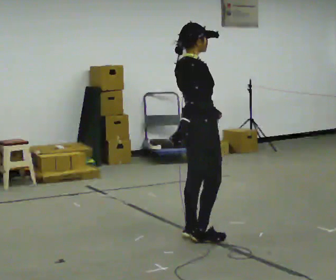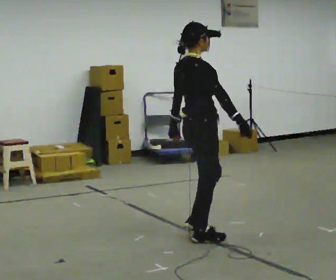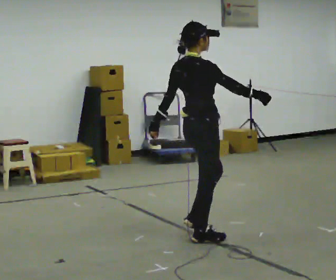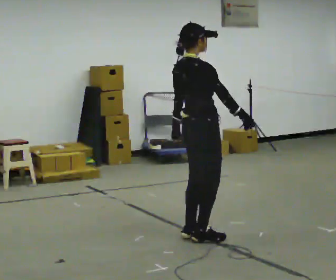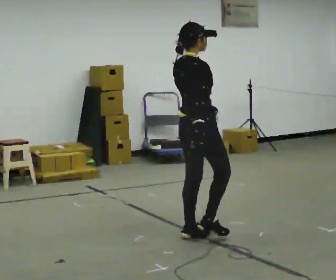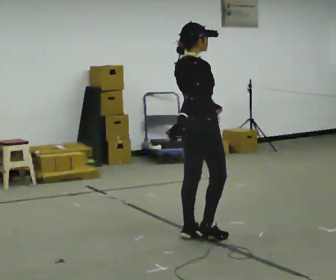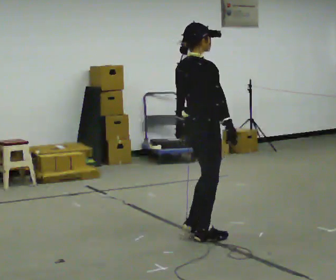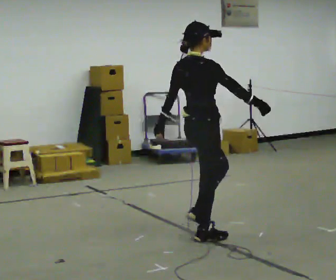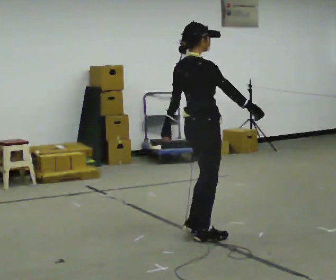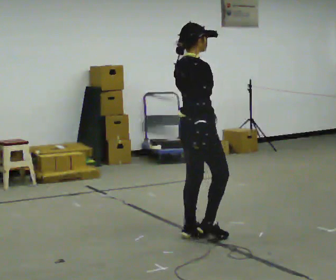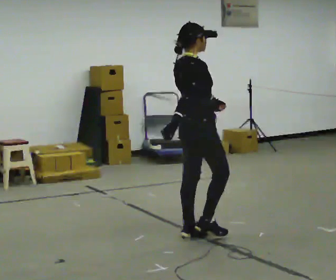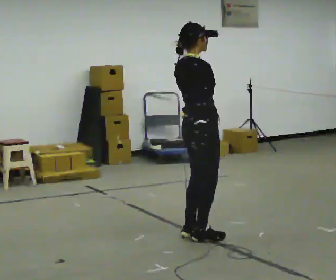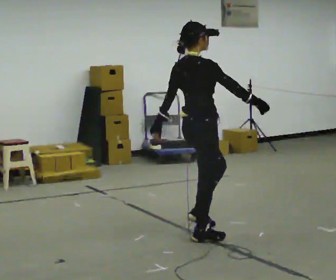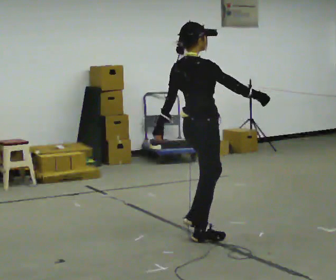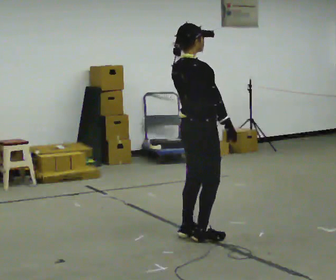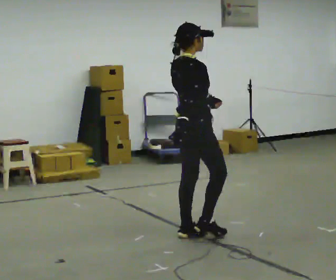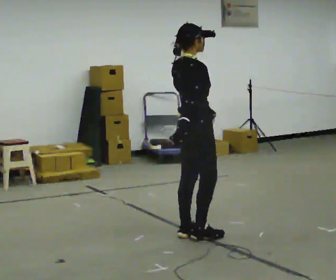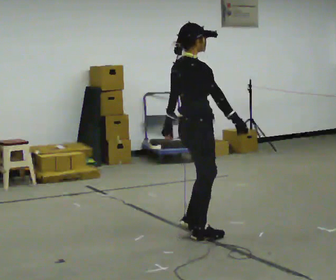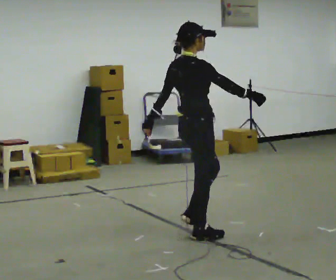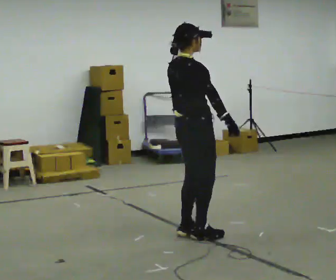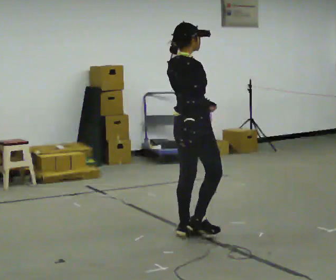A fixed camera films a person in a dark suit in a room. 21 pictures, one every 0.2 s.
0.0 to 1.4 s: In the picture their right hand goes to the right.
1.4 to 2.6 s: The person moves a little, or ends about where they began.
2.6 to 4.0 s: In the picture their right hand goes to the left.
The film runs forward here.
